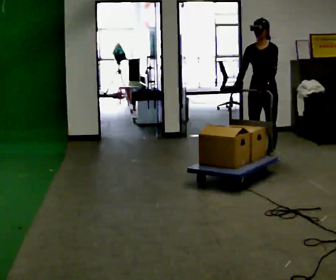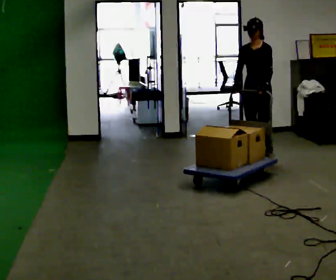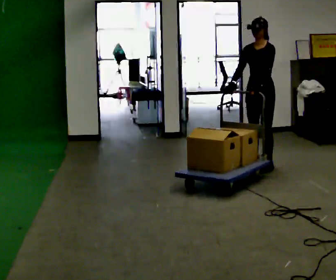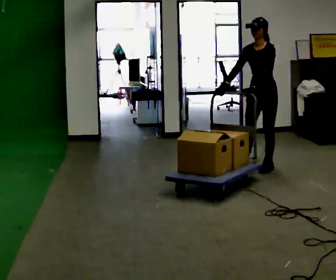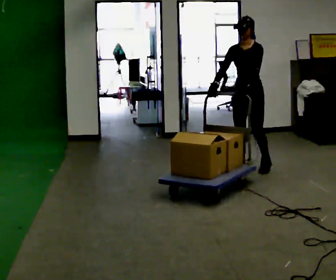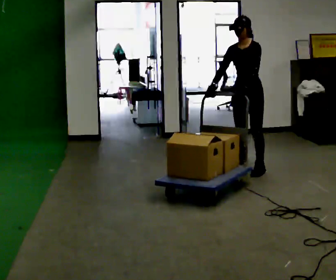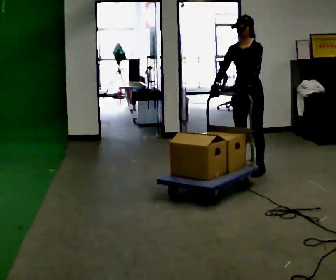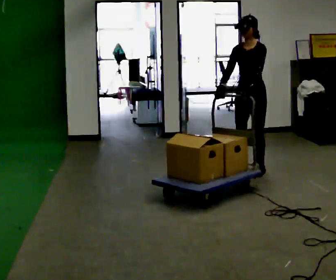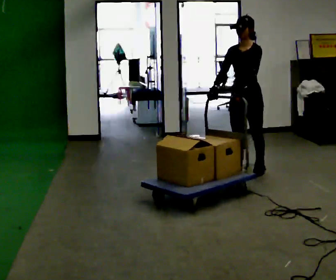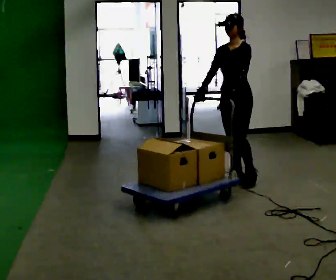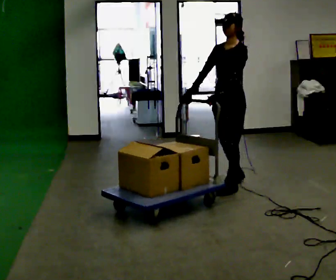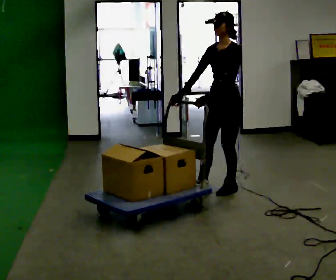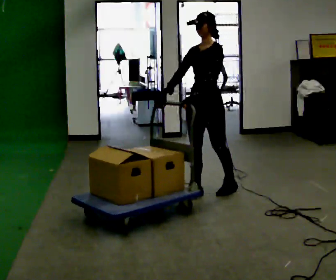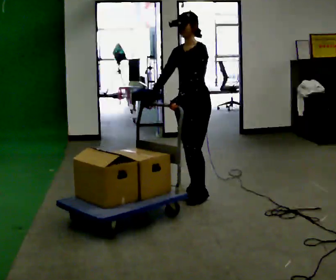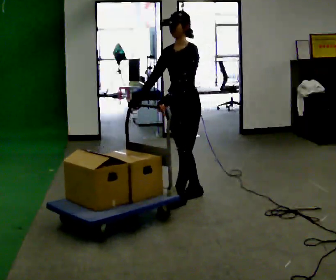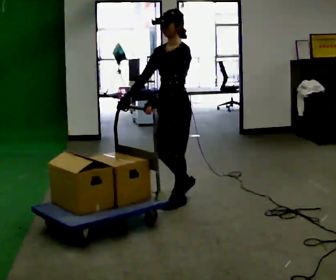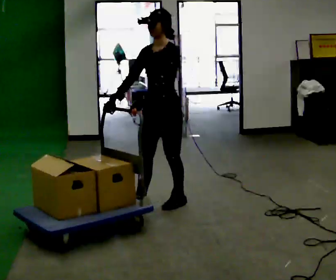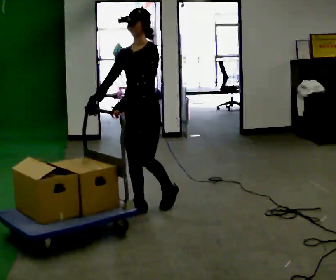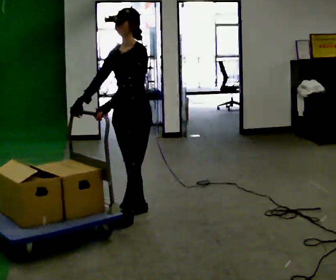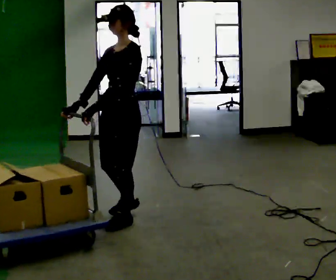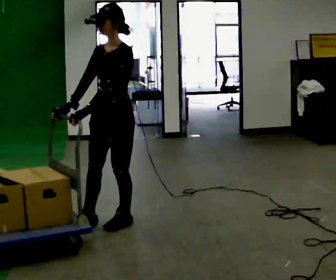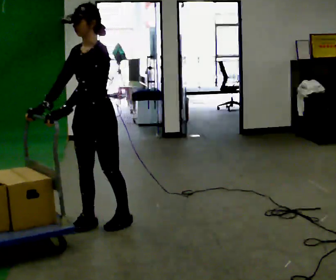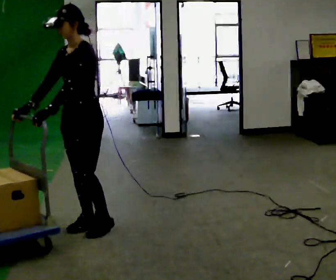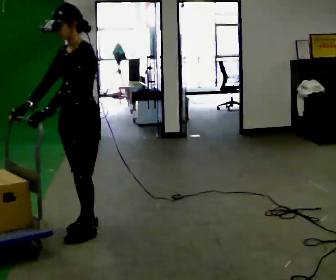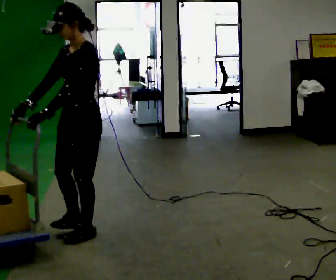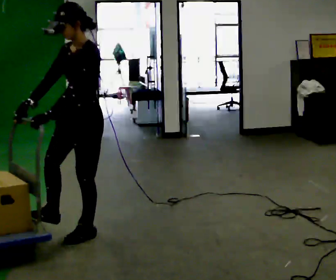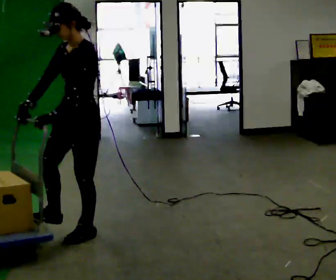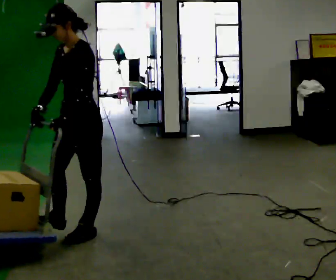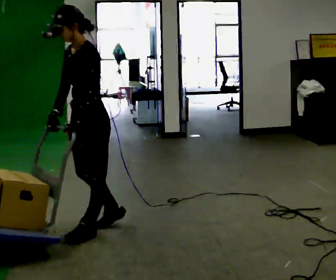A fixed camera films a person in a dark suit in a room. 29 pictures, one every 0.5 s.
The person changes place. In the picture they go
toward the camera.
0.0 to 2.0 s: In the picture they go toward the camera and to the left, about 0.5 m in 2 steps, which for them is forward.
2.0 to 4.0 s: In the picture they go toward the camera, about 0.25 m in 2 steps, which for them is forward.
4.0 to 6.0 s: In the picture they go toward the camera and to the left, about 0.75 m in 2 steps, which for them is forward.
6.0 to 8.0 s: In the picture they go toward the camera and to the left, about 0.5 m in 2 steps, which for them is forward.
8.0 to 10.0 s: In the picture they go toward the camera and to the left, about 0.5 m in 2 steps, which for them is forward.
10.0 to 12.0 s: In the picture they go toward the camera and to the left, about 0.25 m in 1 step, which for them is forward.
12.0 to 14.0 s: The person moves a little, or ends about where they began.
The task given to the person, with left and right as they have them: Push the loaded cart from one corner of the room to the other, turn it round, and push it back. Keep going until the operator says stop.
The film runs forward here.
